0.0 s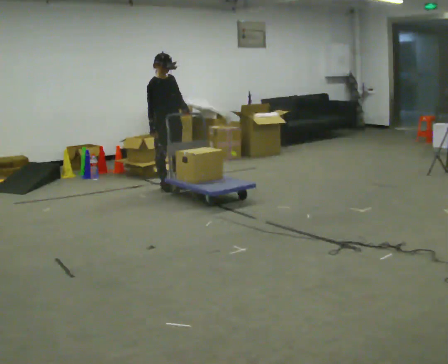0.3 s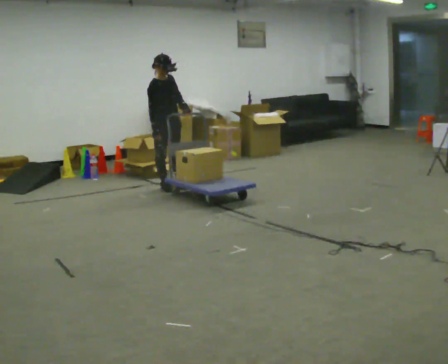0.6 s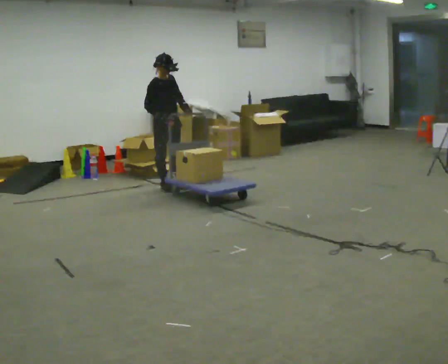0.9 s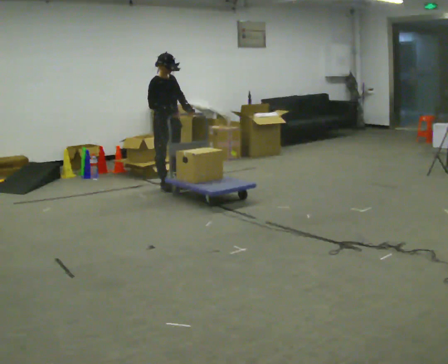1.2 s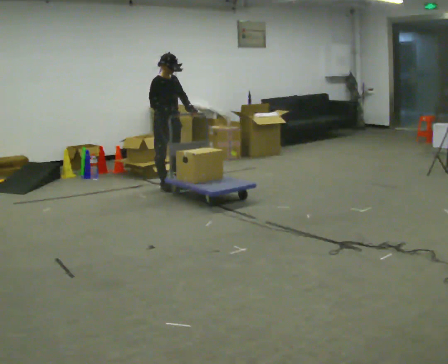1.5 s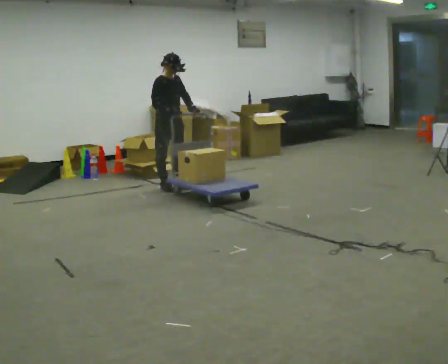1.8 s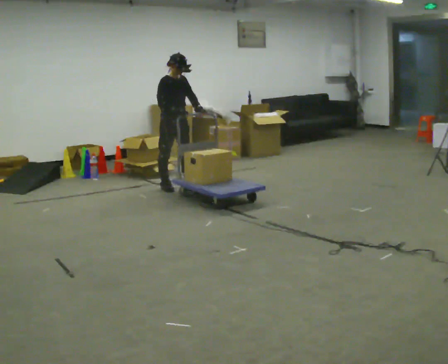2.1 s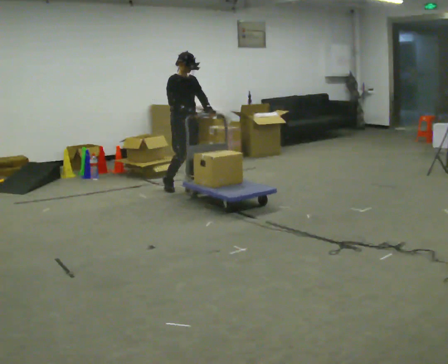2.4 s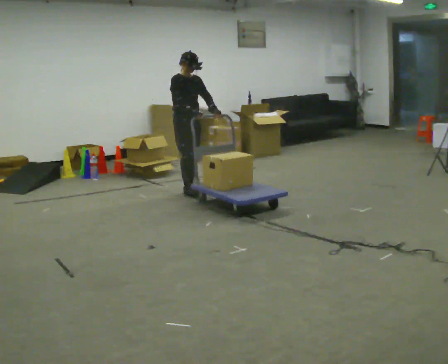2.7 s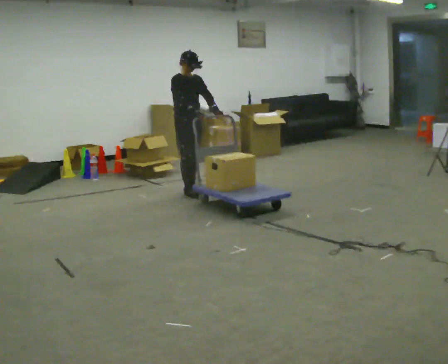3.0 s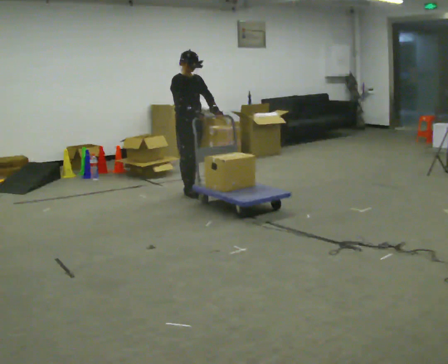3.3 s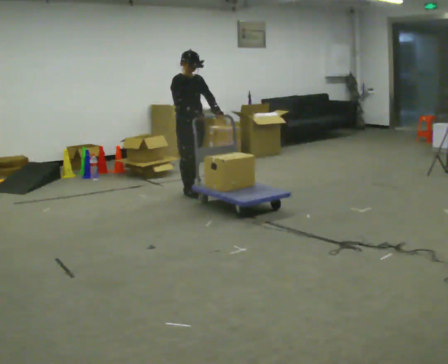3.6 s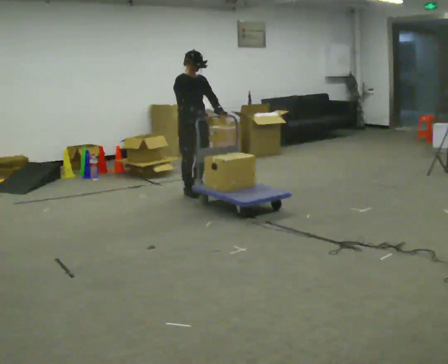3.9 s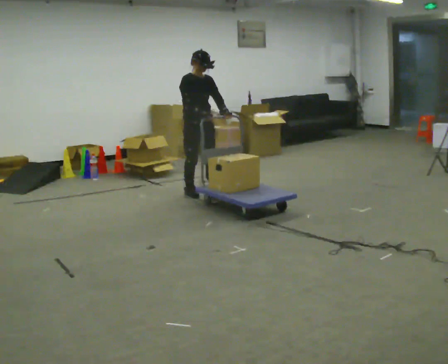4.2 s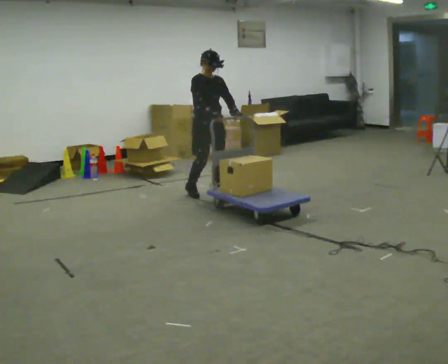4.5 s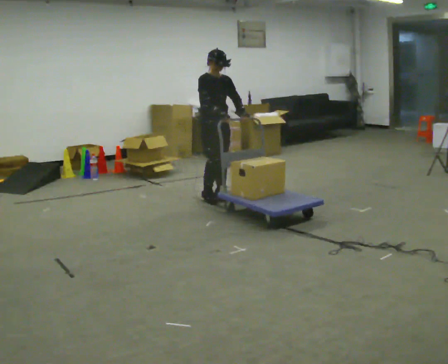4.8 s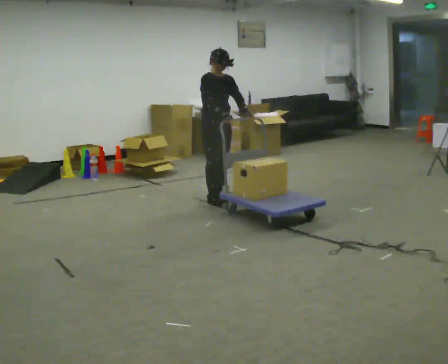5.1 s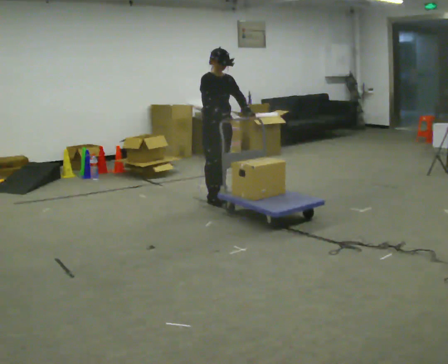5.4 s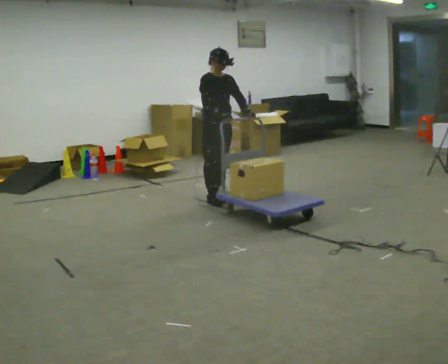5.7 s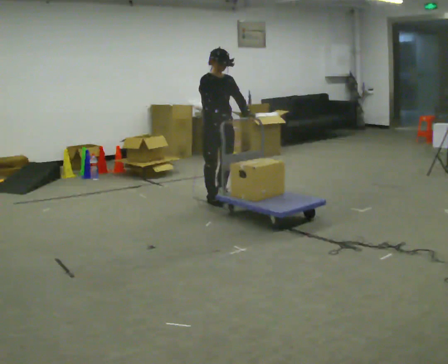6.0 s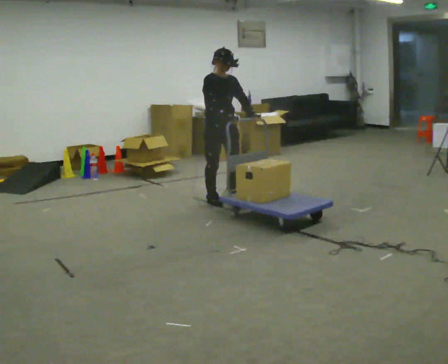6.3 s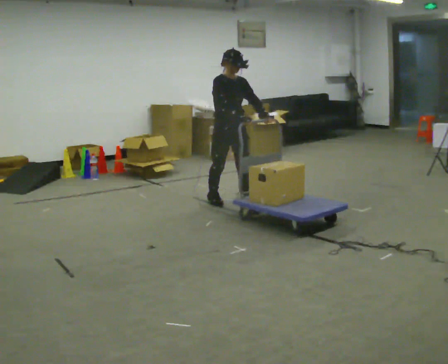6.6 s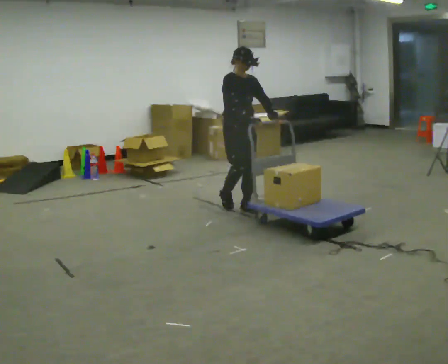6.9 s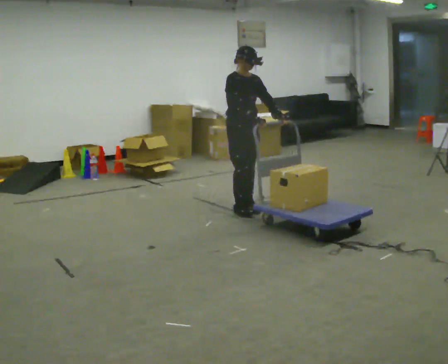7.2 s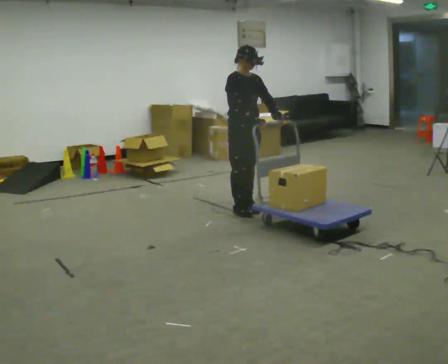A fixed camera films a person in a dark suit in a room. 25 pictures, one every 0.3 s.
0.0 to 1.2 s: The person moves a little, or ends about where they began.
1.2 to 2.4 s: In the picture they go to the right, about 0.25 m in 1 step, which for them is forward.
2.4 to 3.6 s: In the picture they go toward the camera, about 0.25 m in 1 step, which for them is forward.
3.6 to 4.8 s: In the picture they go to the right and toward the camera, about 0.25 m in 2 steps, which for them is forward.
4.8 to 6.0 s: In the picture they go toward the camera, about 0.25 m, which for them is forward.
6.0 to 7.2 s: In the picture they go toward the camera and to the right, about 0.25 m in 2 steps, which for them is forward.
The film runs forward here.
